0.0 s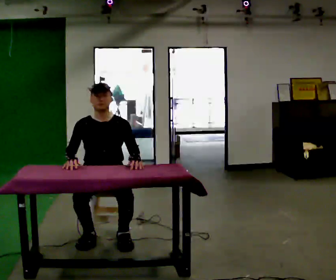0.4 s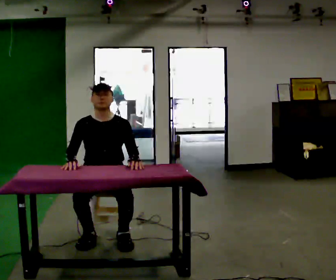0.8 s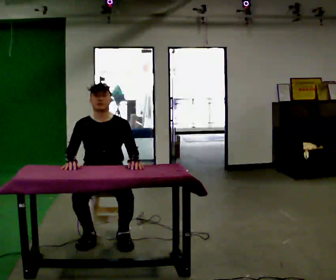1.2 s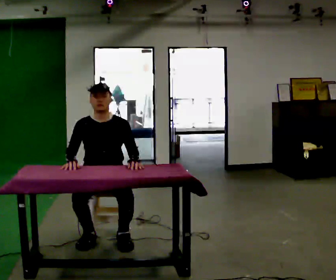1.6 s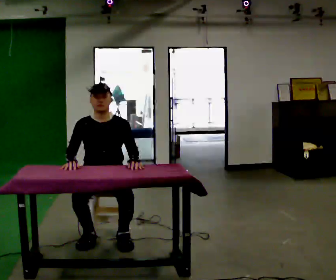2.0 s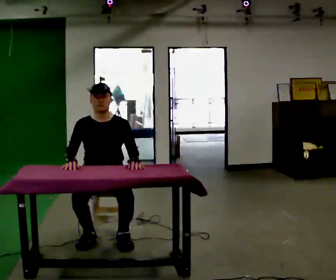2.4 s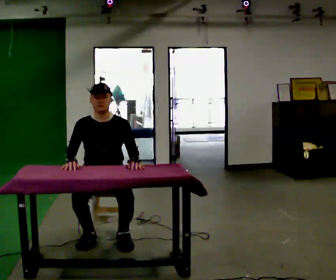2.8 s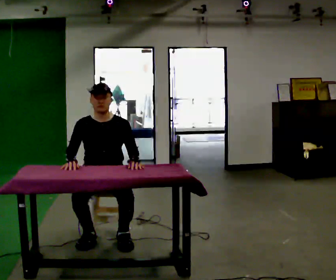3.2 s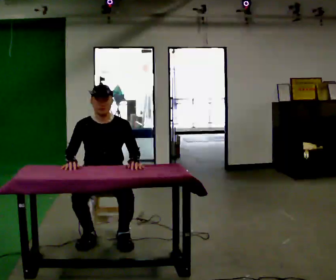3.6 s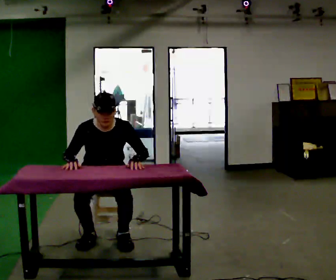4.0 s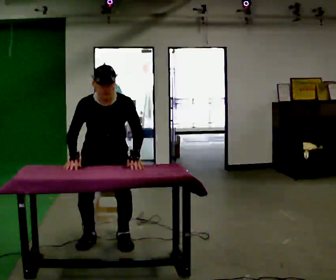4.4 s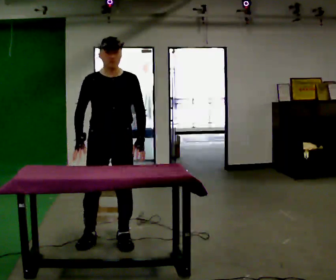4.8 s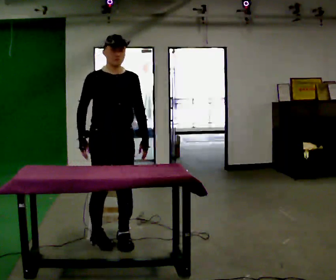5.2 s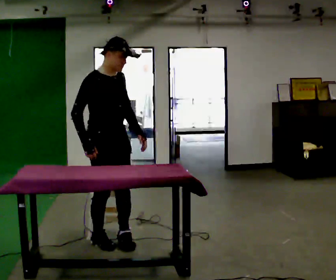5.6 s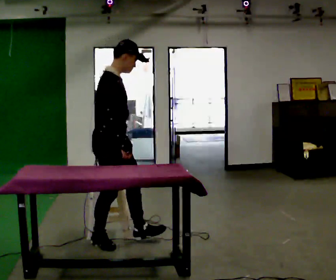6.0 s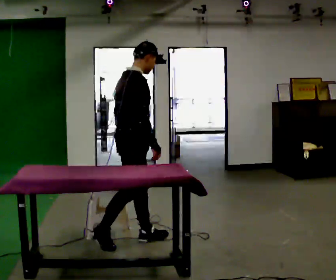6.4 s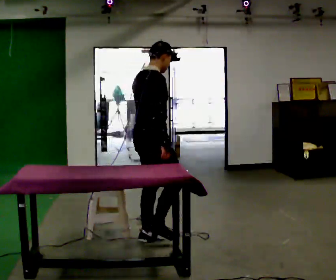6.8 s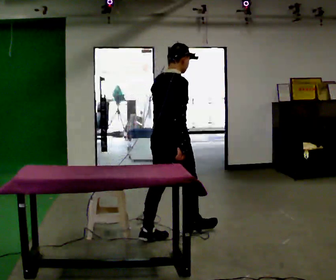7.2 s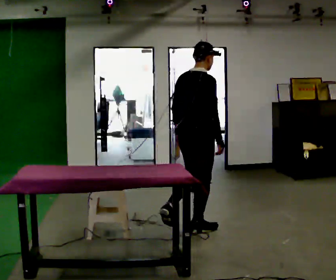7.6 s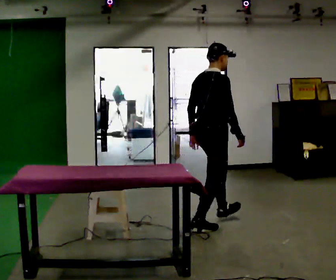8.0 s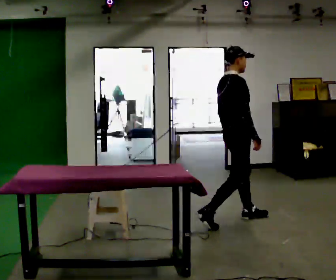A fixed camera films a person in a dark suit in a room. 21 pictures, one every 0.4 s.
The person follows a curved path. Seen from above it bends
counterclockwise.
The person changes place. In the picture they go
to the right.
0.0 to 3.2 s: The person keeps their place and pose.
3.2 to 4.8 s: In the picture they go toward the camera, about 0.25 m, which for them is forward. The shoulders move upward.
4.8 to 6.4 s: The person turns about 90 degrees to their left, counterclockwise seen from above, so the part of the body nearest the lens slides to the right. In the picture they go to the right, about 0.25 m.
6.4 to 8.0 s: In the picture they go to the right and away from the camera, about 1 m in 2 steps, which for them is forward.
The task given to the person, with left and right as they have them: Walk up to the chair at the table, sit down into the space, settle as if you were about to work there, then stand up and step away. Repeat the movement at your own pace until the operator says stop; do not rush.
The film runs forward here.
